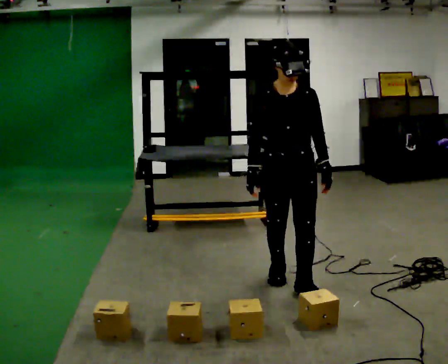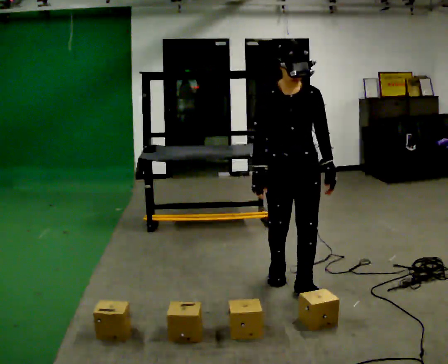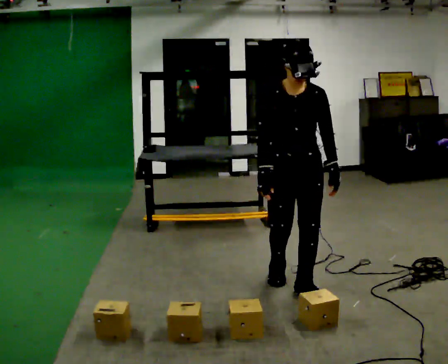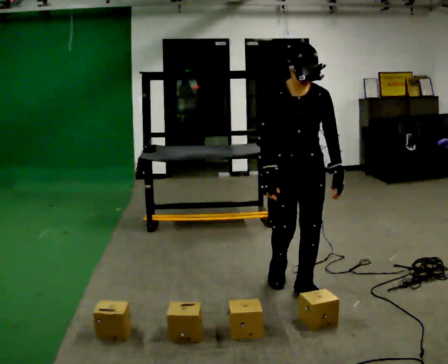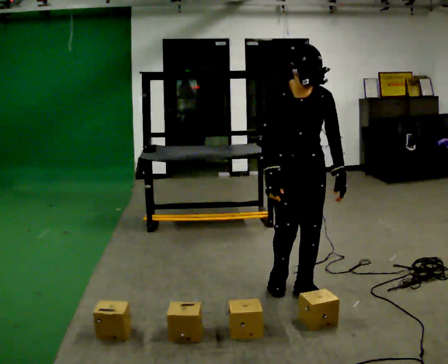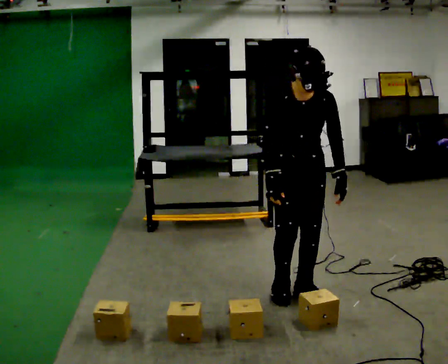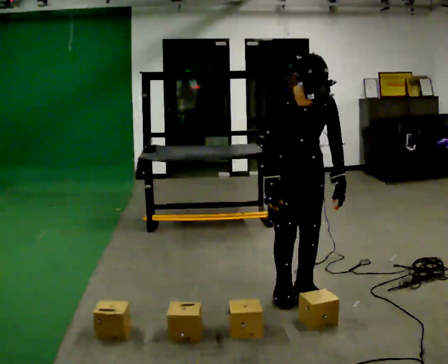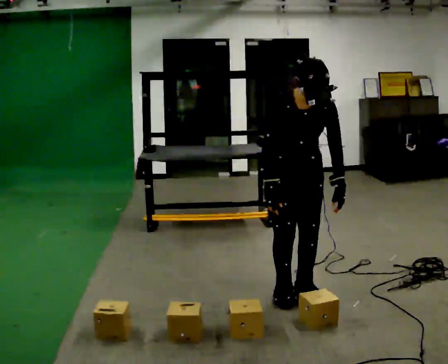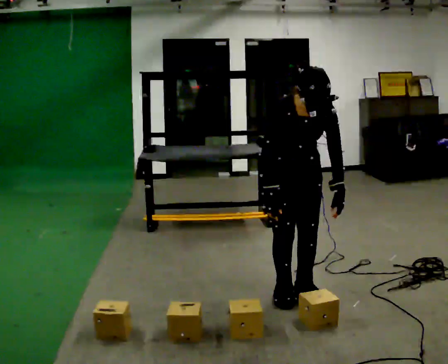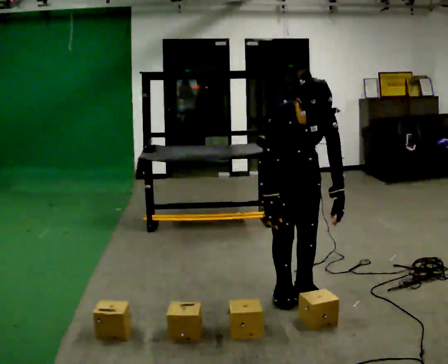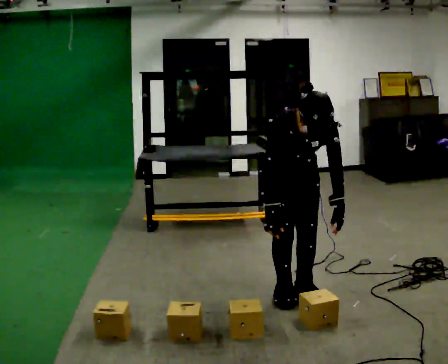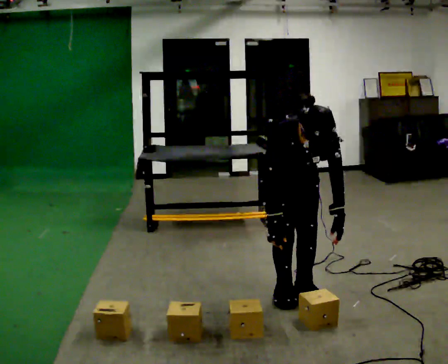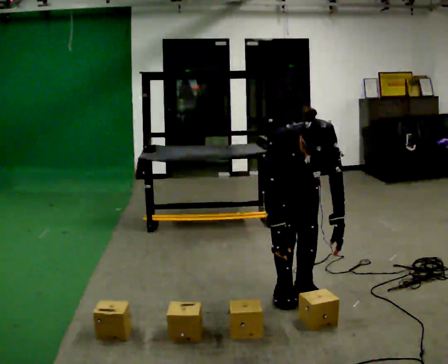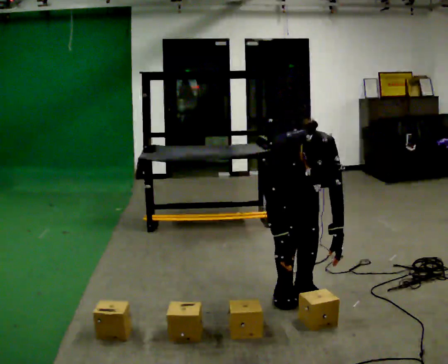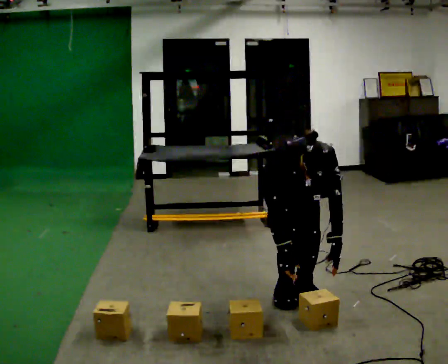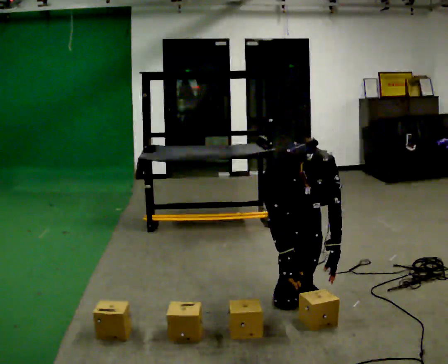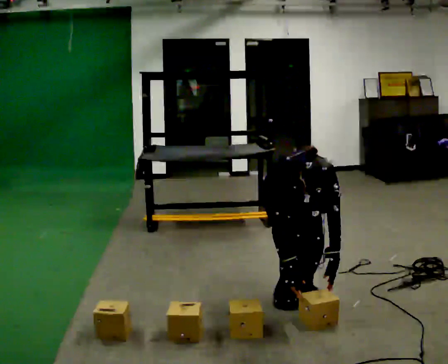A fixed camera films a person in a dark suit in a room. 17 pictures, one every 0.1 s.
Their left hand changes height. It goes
downward.
The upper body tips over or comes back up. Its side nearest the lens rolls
downward.
0.0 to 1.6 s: The upper body goes downward. The upper body tips toward the camera, its near side rolling downward, as they bend forward. In the picture their right hand goes downward.
The film runs forward here.
